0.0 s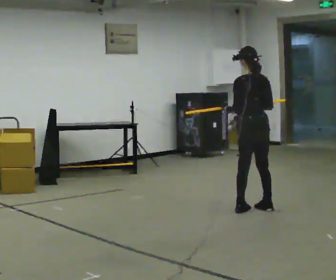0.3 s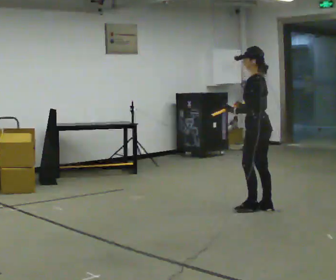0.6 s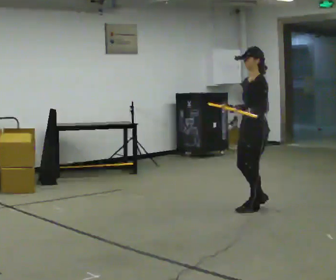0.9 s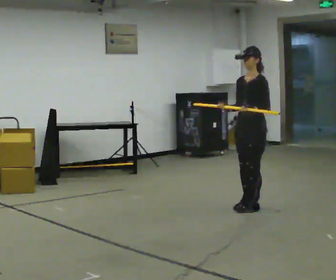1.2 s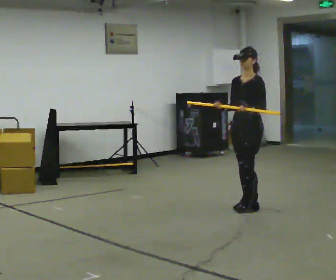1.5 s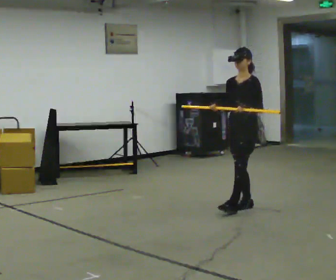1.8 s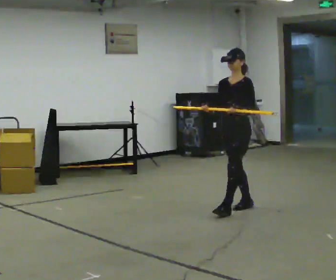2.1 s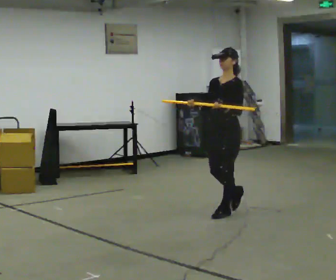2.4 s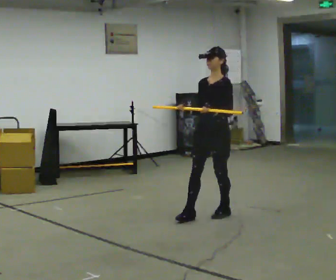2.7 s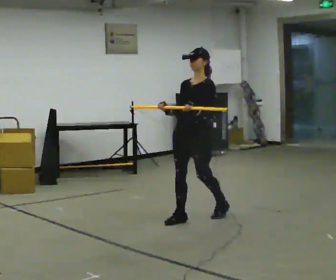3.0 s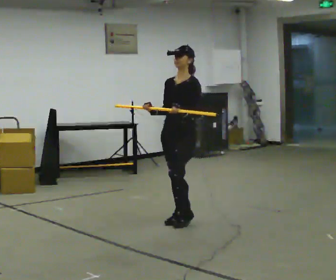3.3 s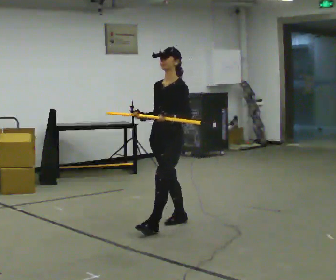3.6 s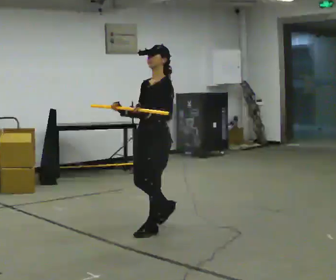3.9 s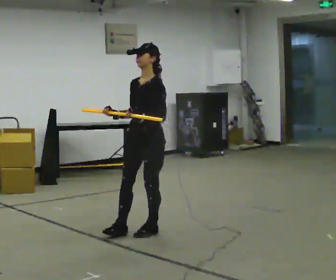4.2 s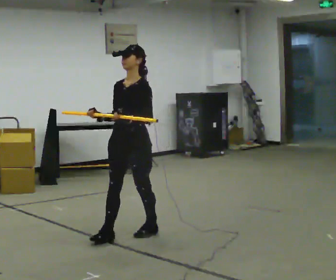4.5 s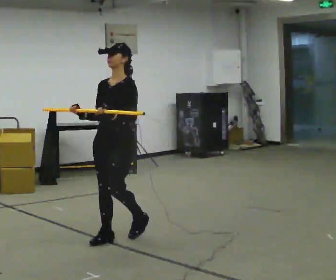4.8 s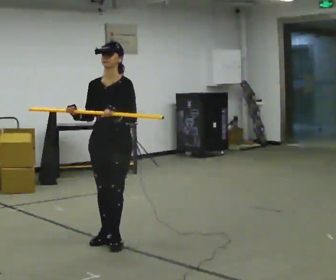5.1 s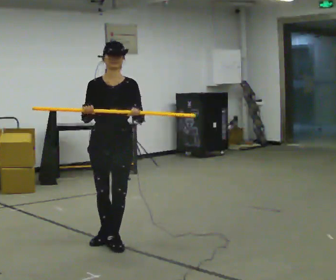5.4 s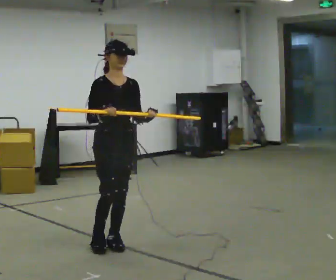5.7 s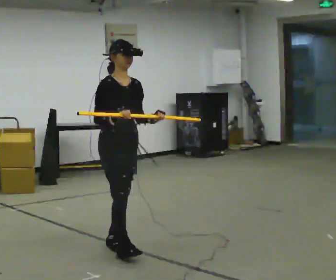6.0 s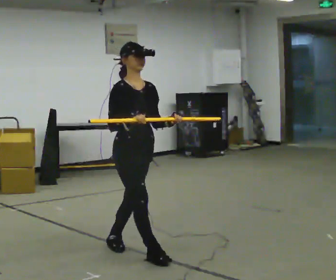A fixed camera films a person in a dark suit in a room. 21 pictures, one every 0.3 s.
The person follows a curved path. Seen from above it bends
counterclockwise.
The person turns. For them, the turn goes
to their left.
0.0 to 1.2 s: Seen from above the body turns counterclockwise, about 105 degrees: to their left, with its near side sliding to the right. In the picture their right hand goes to the left.
1.2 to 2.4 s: In the picture they go to the left and toward the camera, about 0.5 m in 1 step, which for them is forward.
2.4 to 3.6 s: In the picture they go to the left and toward the camera, about 1 m in 2 steps, which for them is forward.
3.6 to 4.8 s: The part of the body nearest the lens slides to the right as the person turns to their left by about 30 degrees. In the picture they go to the left and toward the camera, about 0.5 m in 1 step, which for them is forward.
4.8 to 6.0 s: The person turns about 60 degrees to their left, counterclockwise seen from above, so the part of the body nearest the lens slides to the right. In the picture they go toward the camera and to the right, about 0.5 m in 2 steps.
The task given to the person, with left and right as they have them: Carry the long object across the room and around the corner, turning without hitting anything. Keep going until the operator says stop; one object at a time, and do not rush between trips.
The film runs forward here.
